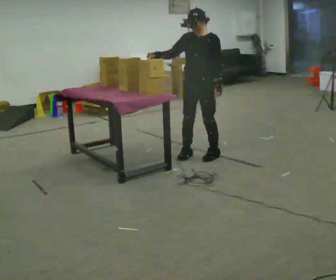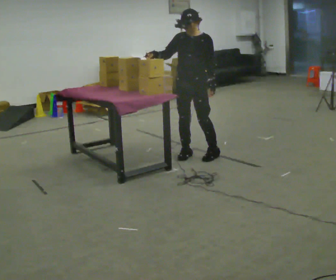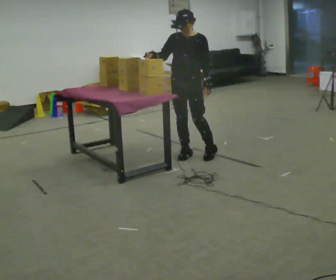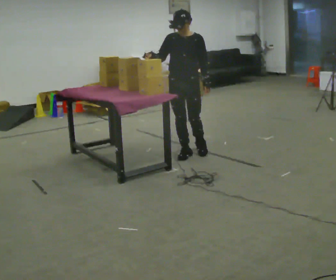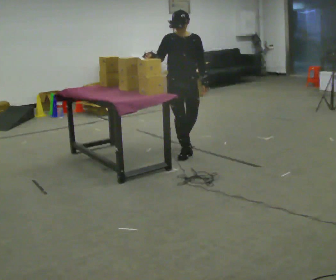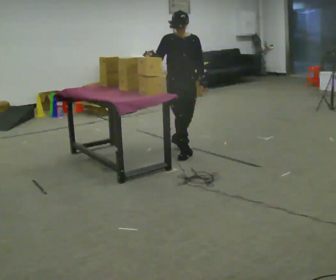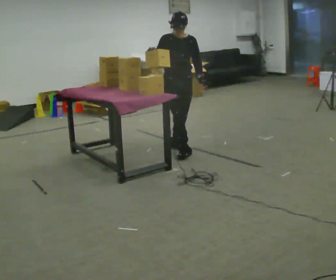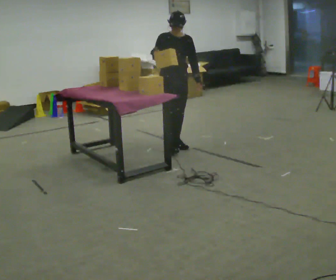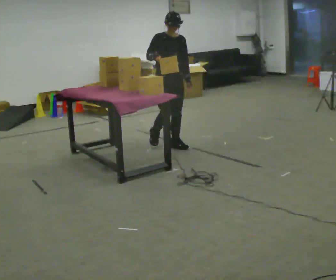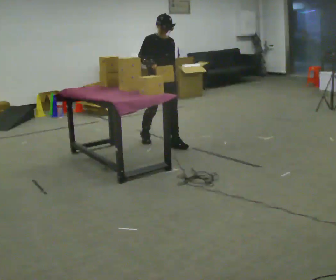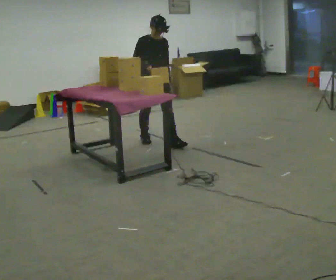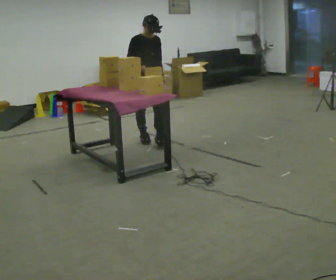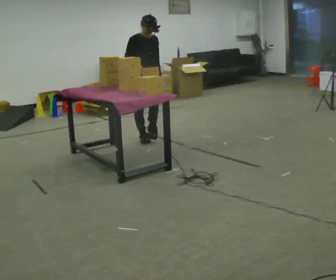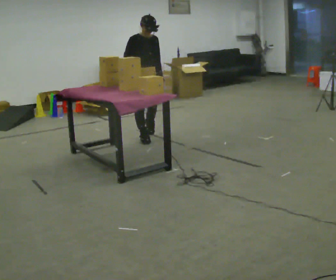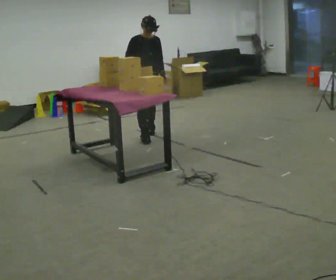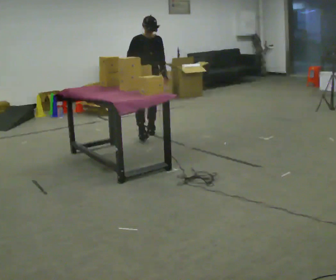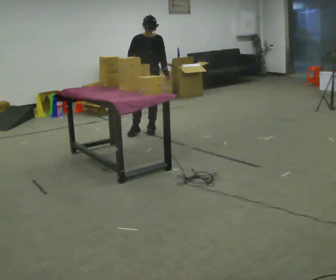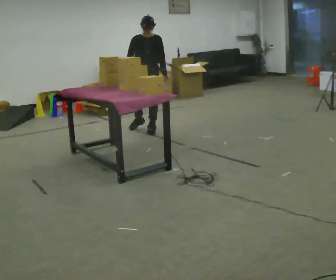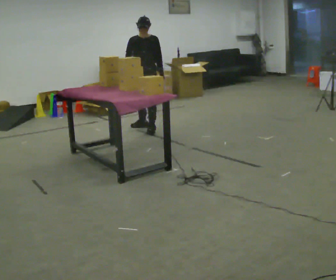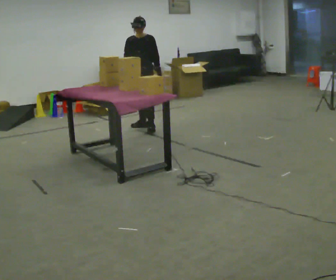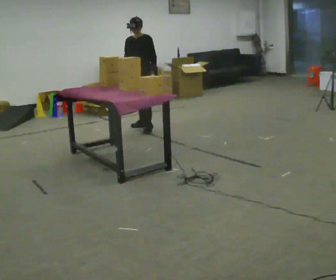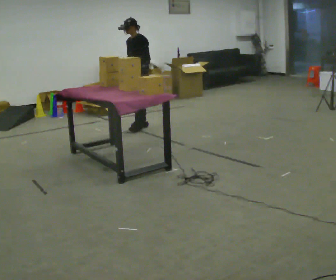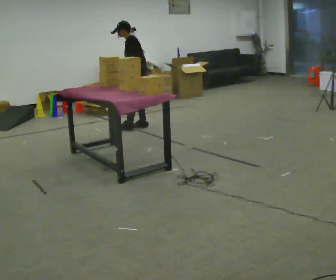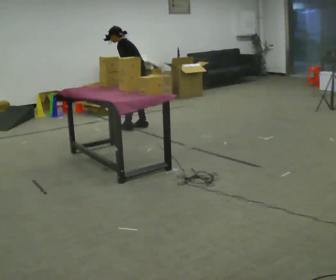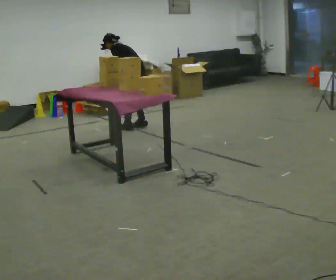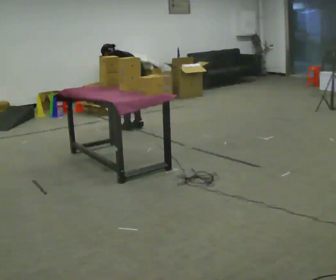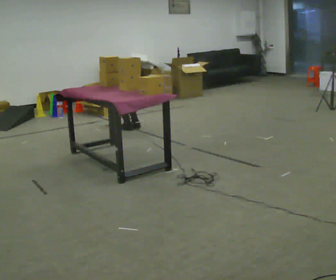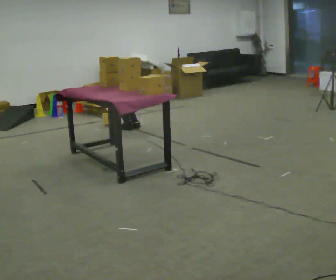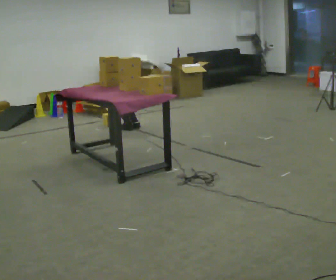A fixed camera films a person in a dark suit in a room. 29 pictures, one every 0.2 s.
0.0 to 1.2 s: The person turns about 45 degrees to their left, counterclockwise seen from above, so the part of the body nearest the lens slides to the right. In the picture they go away from the camera and to the left, about 0.25 m in 2 steps, which for them is to their right and backward.
1.2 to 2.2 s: In the picture they go away from the camera and to the left, about 0.5 m in 1 step, which for them is backward.
2.2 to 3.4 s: The part of the body nearest the lens slides to the left as the person turns to their right by about 30 degrees. In the picture they go away from the camera, about 0.5 m in 1 step, which for them is backward.
3.4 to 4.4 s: Seen from above the body turns clockwise, about 75 degrees: to their right, with its near side sliding to the left. In the picture they go away from the camera, about 0.25 m in 1 step. In the picture the upper body tilts counterclockwise, shoulders to the left, as they bend forward.
4.4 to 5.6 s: The part of the body nearest the lens slides to the left as the person turns to their right by about 45 degrees. The shoulders move downward. The upper body tips away from the camera, its near side rolling upward, as they bend forward. In the picture their right hand goes downward.
The film runs backward here.
